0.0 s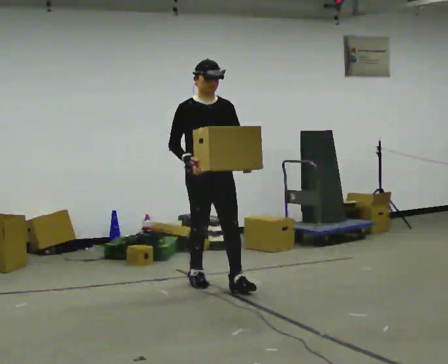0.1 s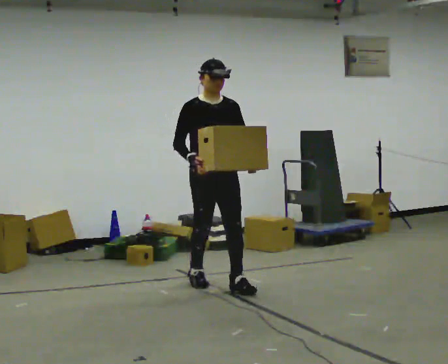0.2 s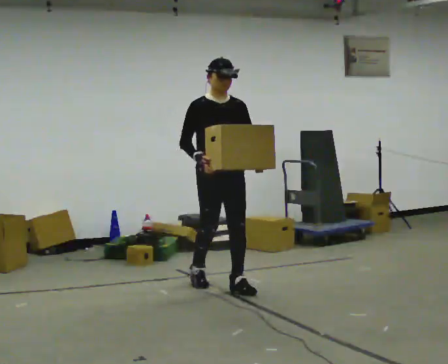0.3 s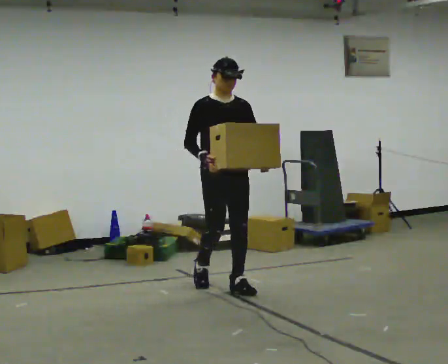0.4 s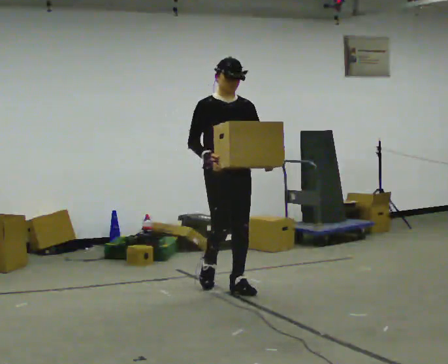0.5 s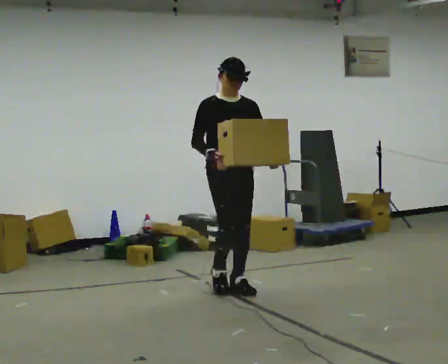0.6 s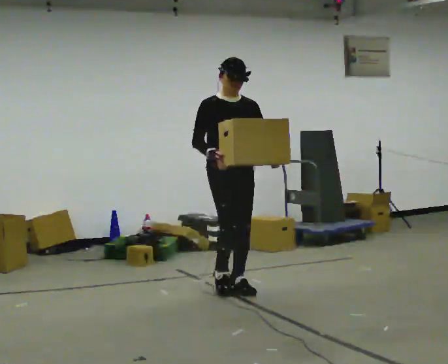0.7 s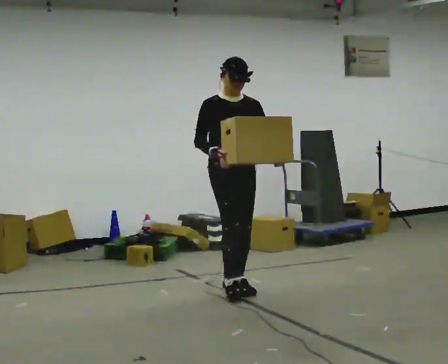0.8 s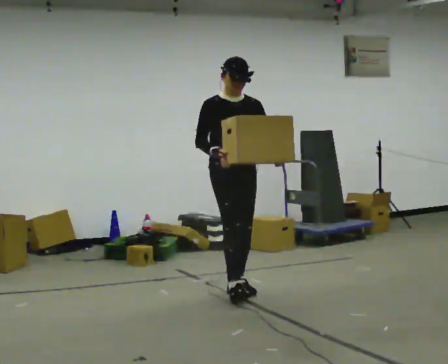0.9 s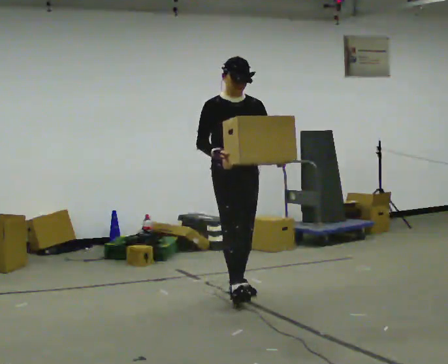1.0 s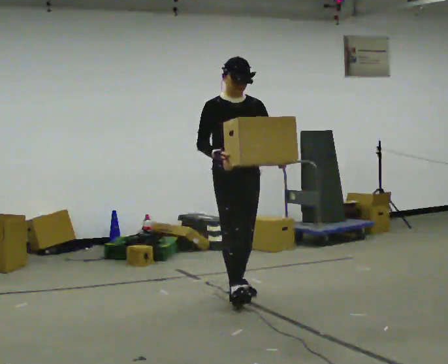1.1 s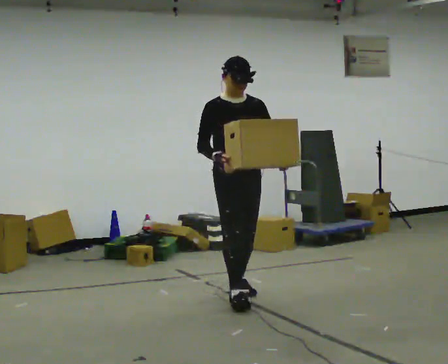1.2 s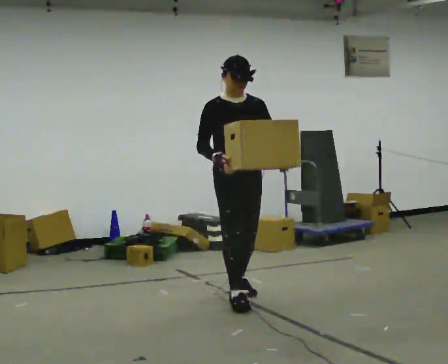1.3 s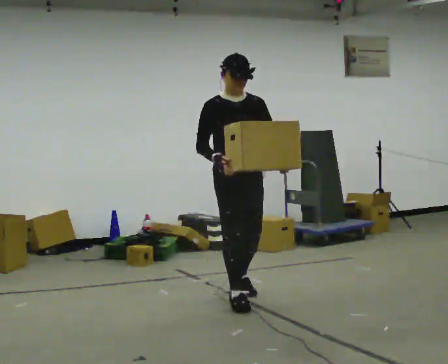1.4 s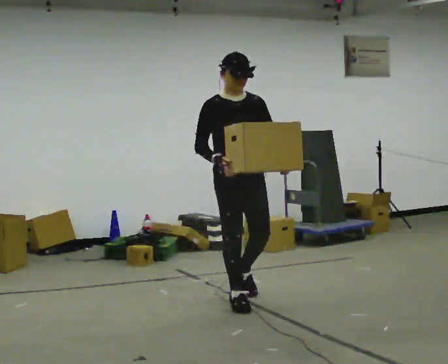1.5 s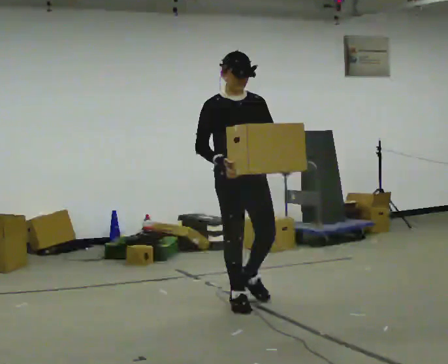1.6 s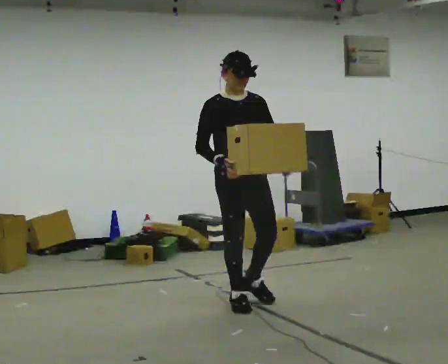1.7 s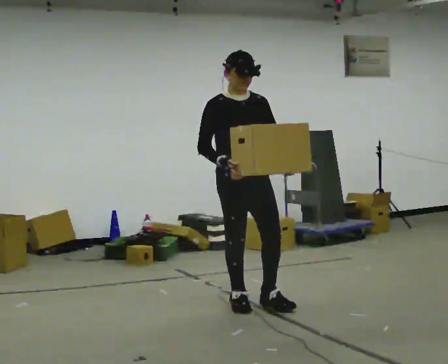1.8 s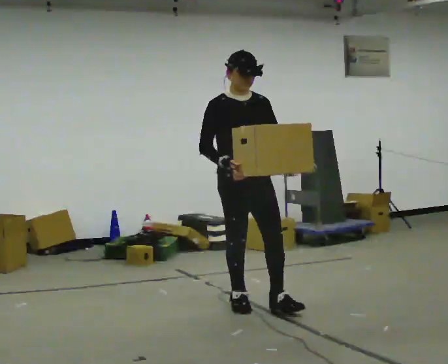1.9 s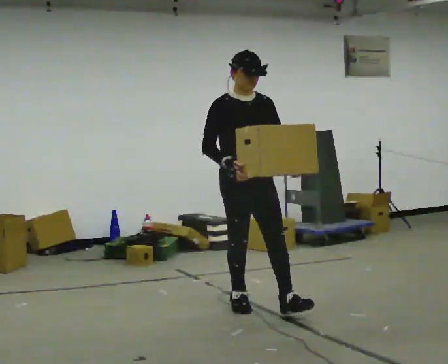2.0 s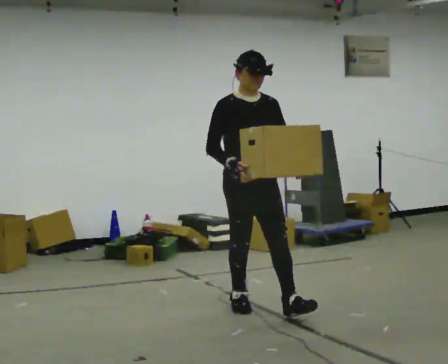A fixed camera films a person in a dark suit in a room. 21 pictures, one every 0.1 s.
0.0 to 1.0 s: In the picture they go toward the camera, about 0.5 m in 1 step, which for them is forward.
1.0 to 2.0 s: In the picture they go toward the camera, about 0.5 m in 1 step, which for them is forward.
The film runs forward here.
